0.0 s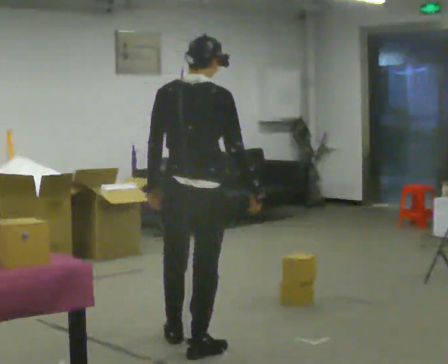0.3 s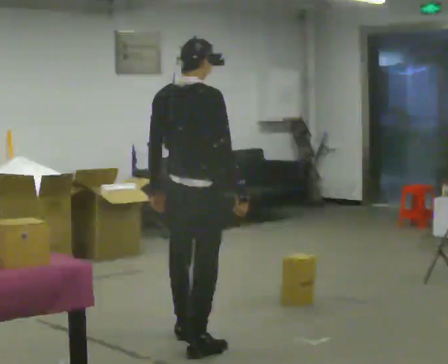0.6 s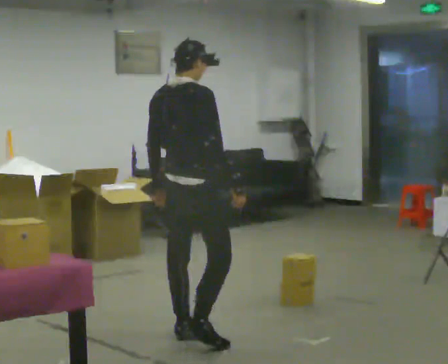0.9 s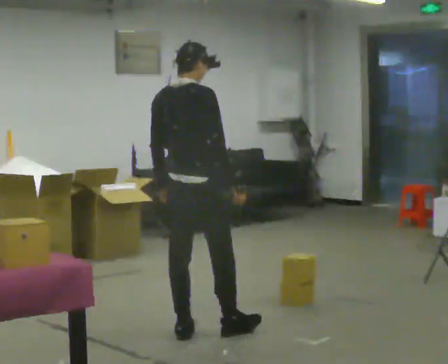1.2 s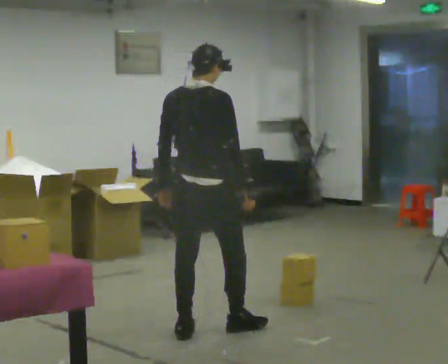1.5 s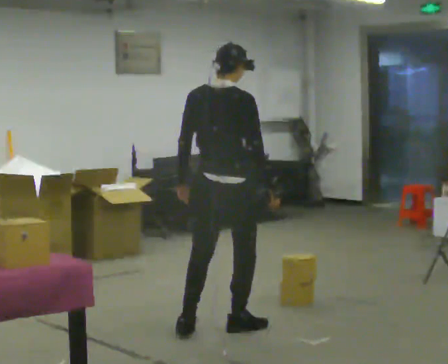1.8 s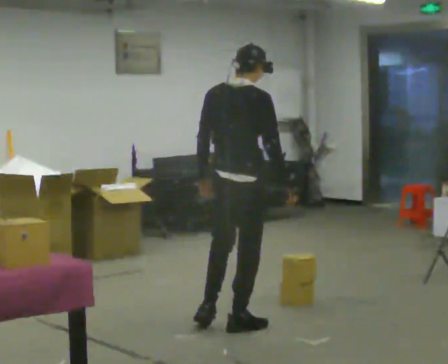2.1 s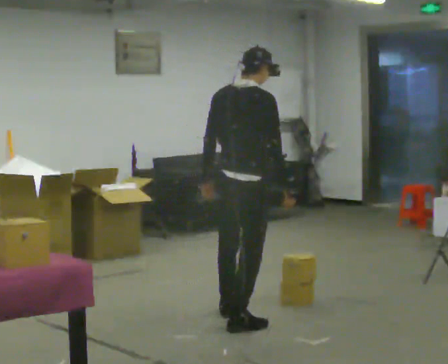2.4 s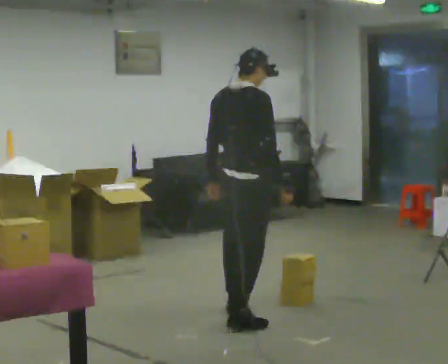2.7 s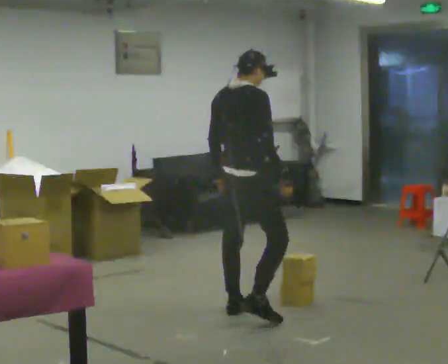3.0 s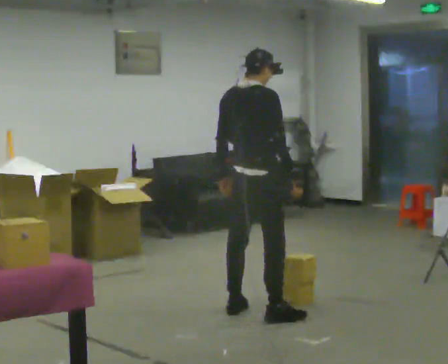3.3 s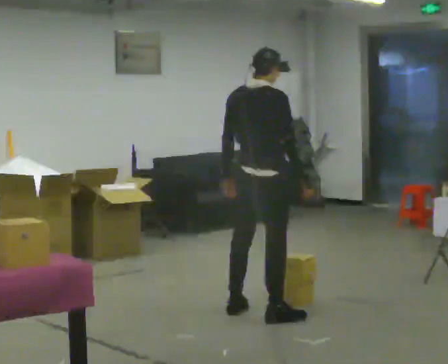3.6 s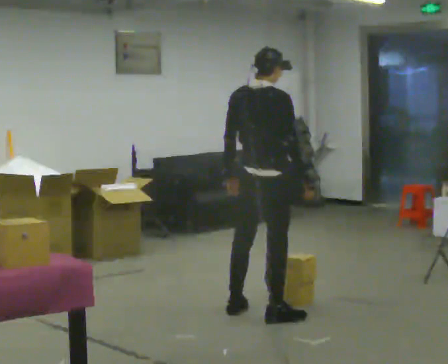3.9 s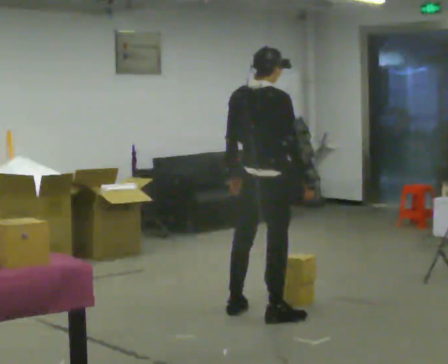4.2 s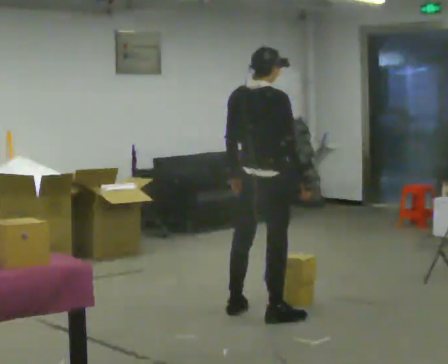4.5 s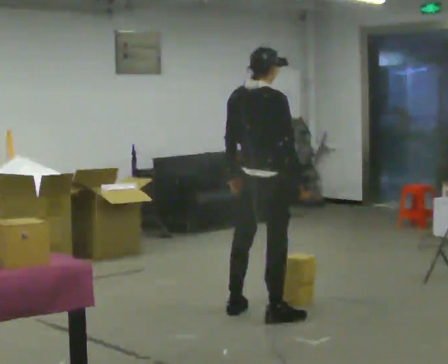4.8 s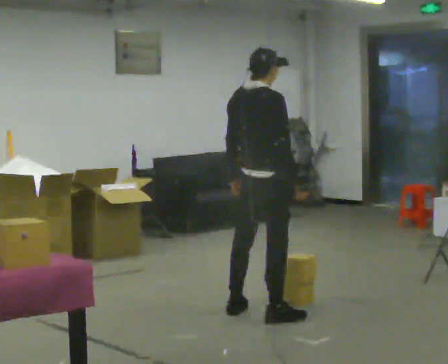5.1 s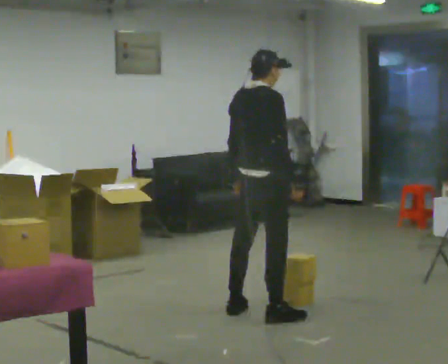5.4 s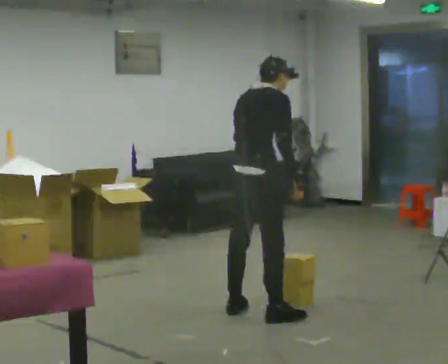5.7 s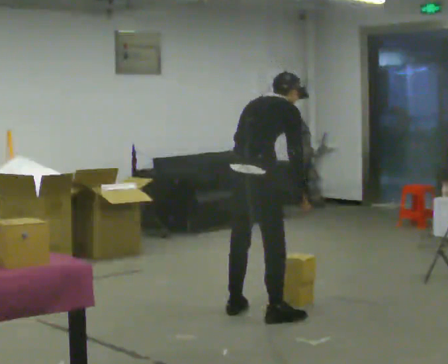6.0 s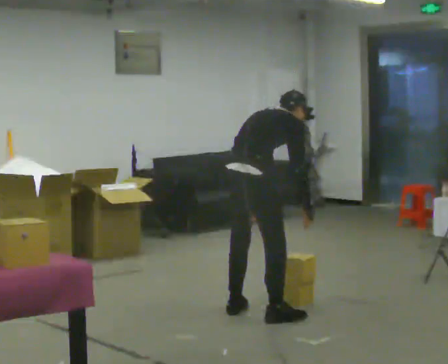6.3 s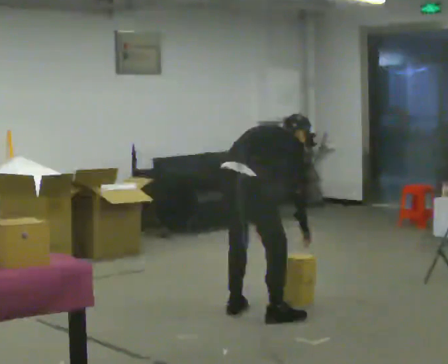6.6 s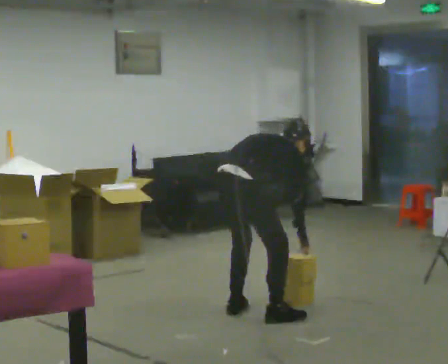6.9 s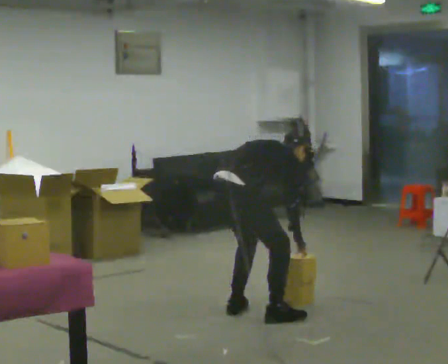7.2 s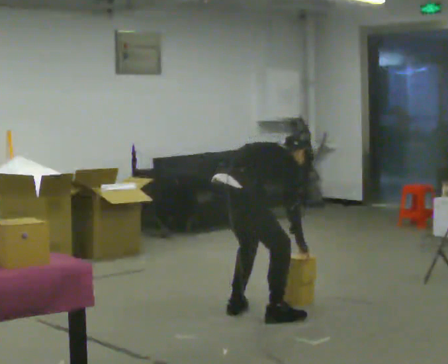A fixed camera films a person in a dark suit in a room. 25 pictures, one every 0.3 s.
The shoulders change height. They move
downward.
0.0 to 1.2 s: In the picture they go away from the camera, about 0.5 m in 2 steps, which for them is forward and to their left.
1.2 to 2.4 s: In the picture they go away from the camera and to the right, about 0.5 m in 1 step, which for them is forward.
2.4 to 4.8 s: The person moves a little, or ends about where they began.
4.8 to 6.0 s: The upper body goes downward. The upper body tips away from the camera, its near side rolling upward, as they bend forward.
6.0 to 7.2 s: The upper body goes downward. In the picture the upper body tilts clockwise, shoulders to the right, as they bend forward.
The film runs forward here.
